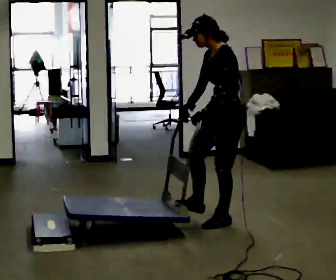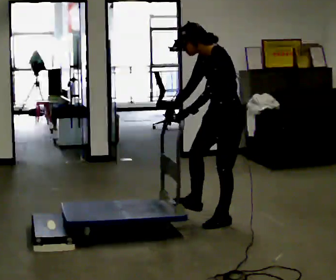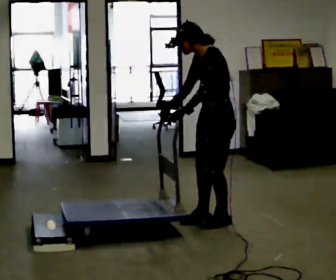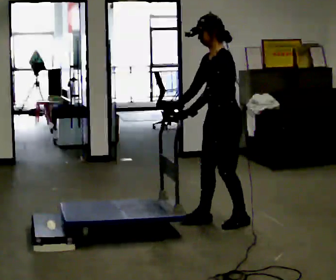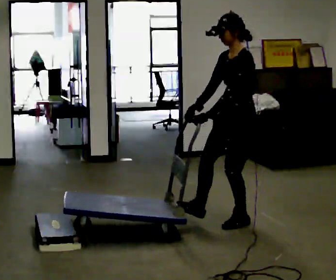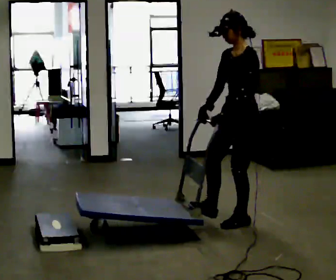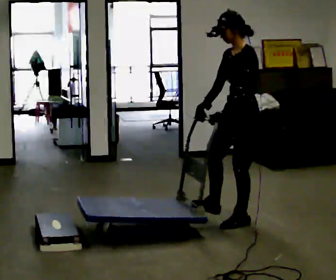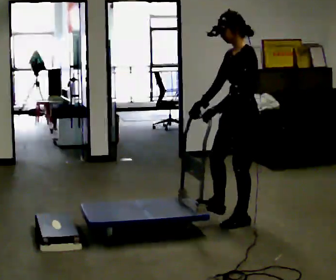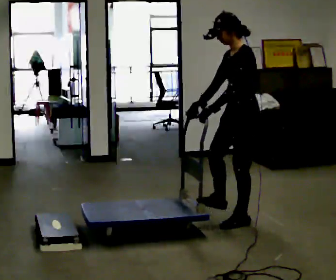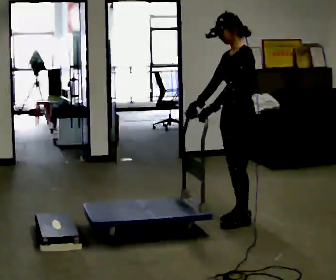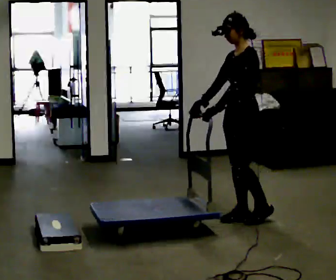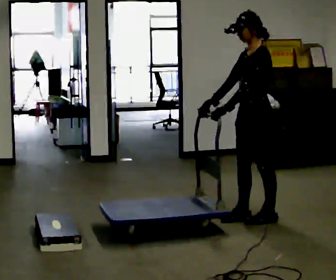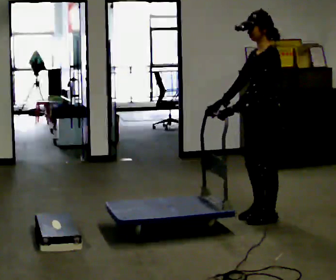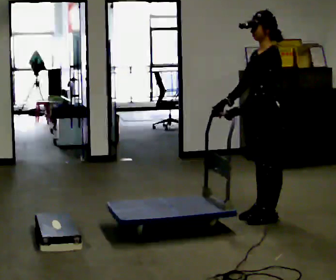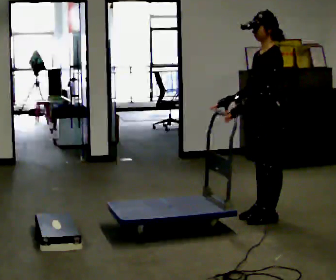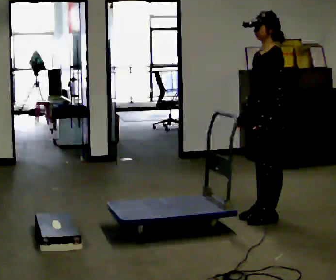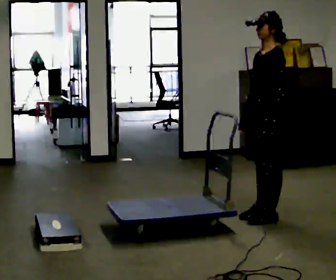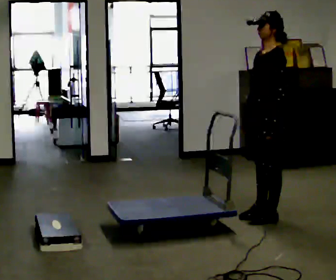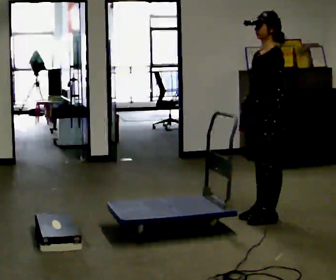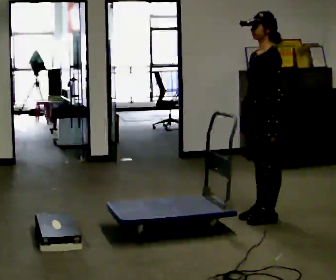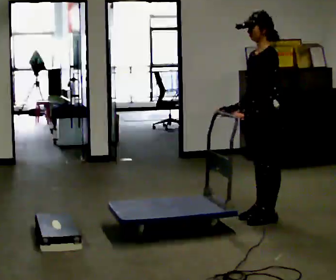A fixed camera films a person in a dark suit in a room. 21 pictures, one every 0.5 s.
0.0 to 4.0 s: The person moves a little, or ends about where they began.
4.0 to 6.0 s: In the picture they go to the right, about 0.25 m in 2 steps, which for them is backward.
6.0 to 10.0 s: The person moves a little, or ends about where they began.
The film runs backward here.
